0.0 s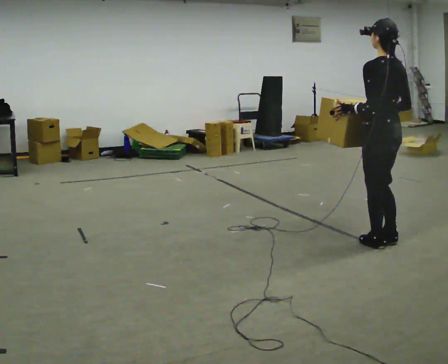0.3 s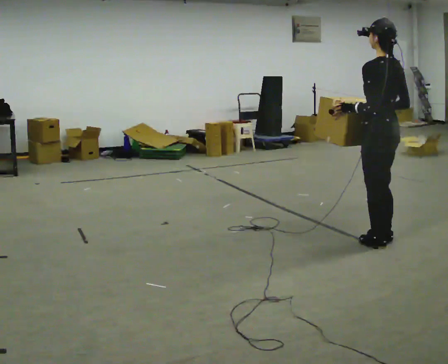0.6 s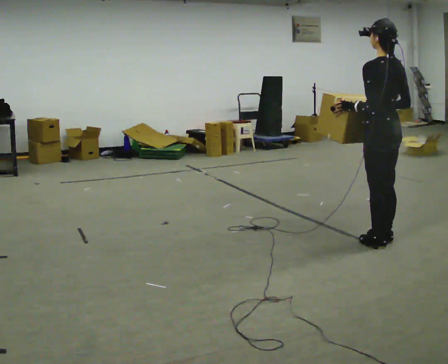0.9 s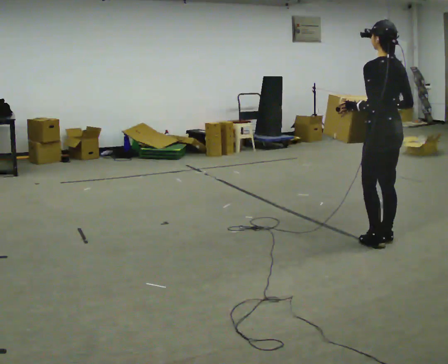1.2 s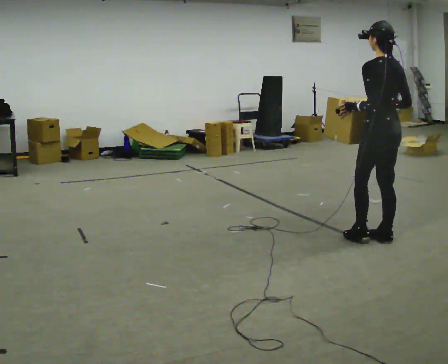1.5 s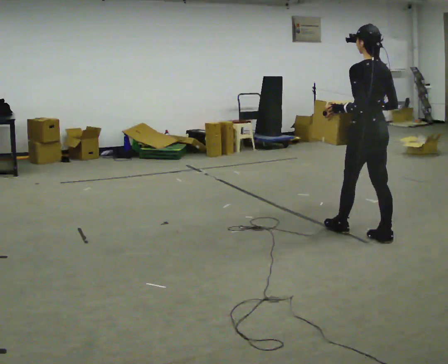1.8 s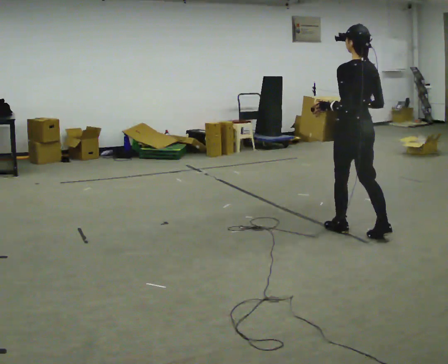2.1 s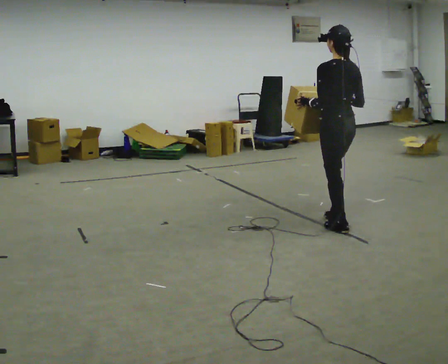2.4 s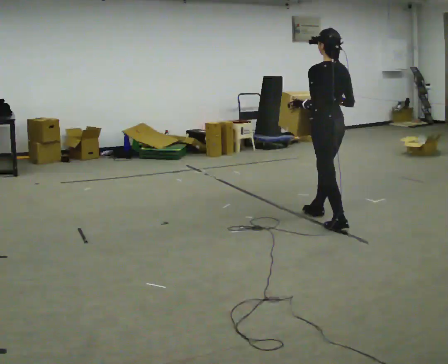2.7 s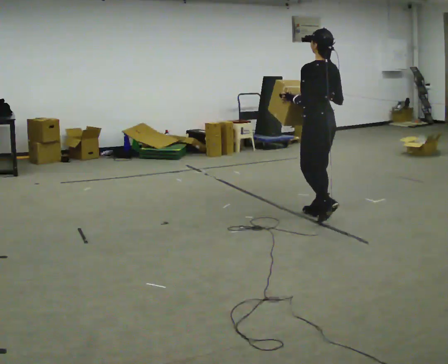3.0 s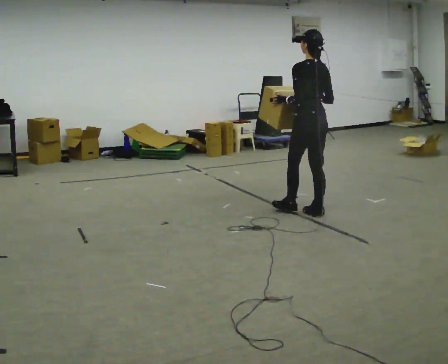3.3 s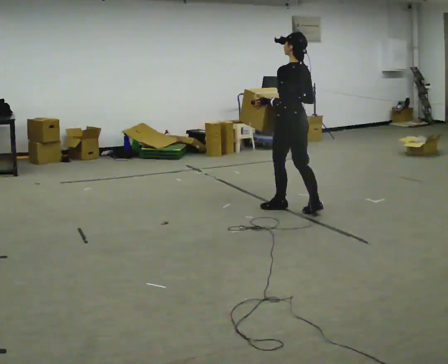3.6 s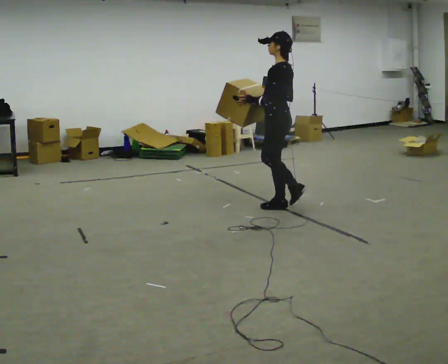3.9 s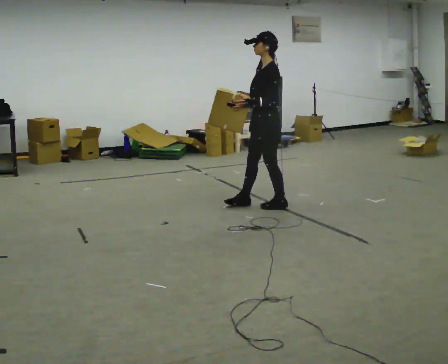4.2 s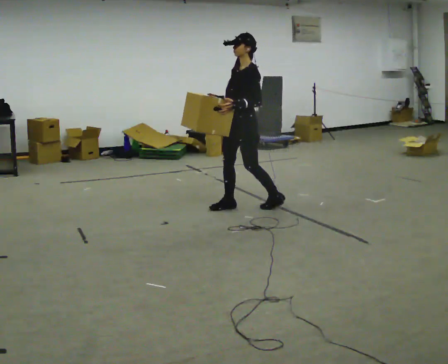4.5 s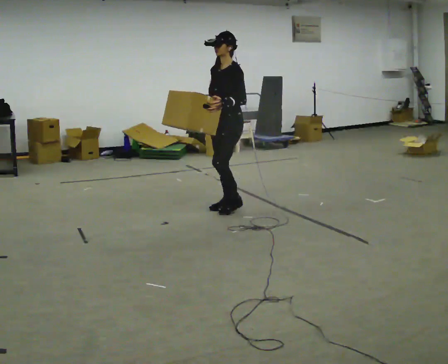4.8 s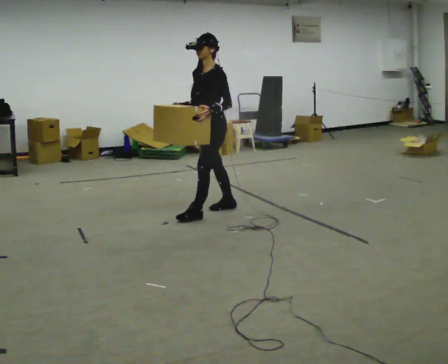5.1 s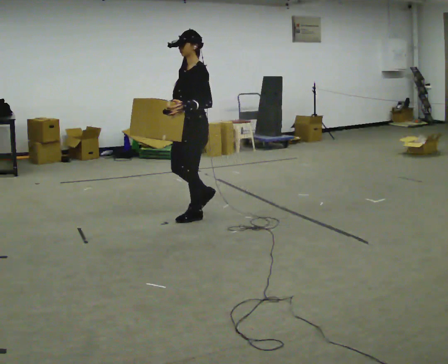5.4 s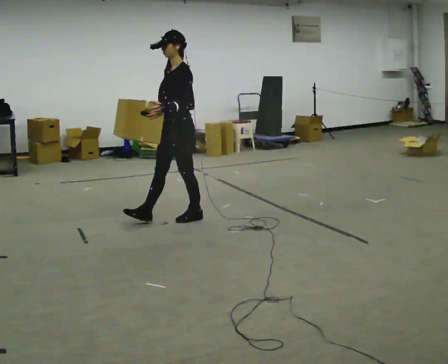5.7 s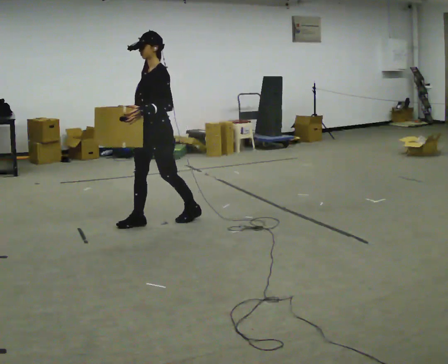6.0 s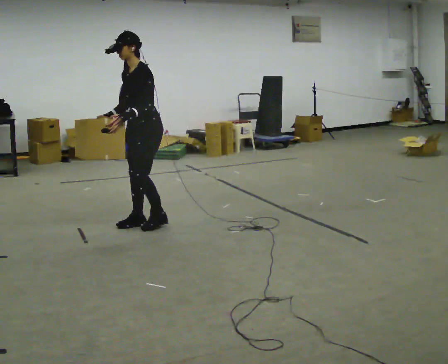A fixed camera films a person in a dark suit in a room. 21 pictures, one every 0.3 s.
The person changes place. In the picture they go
to the left.
The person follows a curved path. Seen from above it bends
counterclockwise.
0.0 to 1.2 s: In the picture they go away from the camera, about 0.25 m, which for them is forward.
1.2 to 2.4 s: In the picture they go away from the camera and to the left, about 0.5 m in 2 steps, which for them is forward.
2.4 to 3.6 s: The person turns about 45 degrees to their left, counterclockwise seen from above, so the part of the body nearest the lens slides to the right. In the picture they go to the left and away from the camera, about 0.5 m in 1 step, which for them is forward.
3.6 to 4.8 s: The person turns about 45 degrees to their left, counterclockwise seen from above, so the part of the body nearest the lens slides to the right. In the picture they go to the left, about 0.5 m in 2 steps, which for them is forward.
4.8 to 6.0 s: In the picture they go to the left and toward the camera, about 0.5 m in 1 step, which for them is forward.
The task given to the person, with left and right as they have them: Carry the box along the marked route, turning 90 degrees at the corner the operator calls, and set it down at the end. Keep going until the operator says stop; one object at a time, and do not rush between trips.
The film runs forward here.
